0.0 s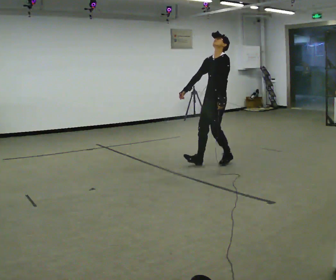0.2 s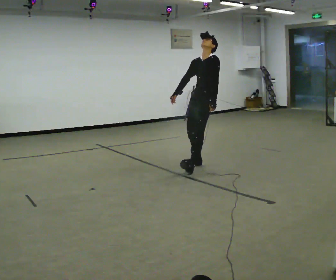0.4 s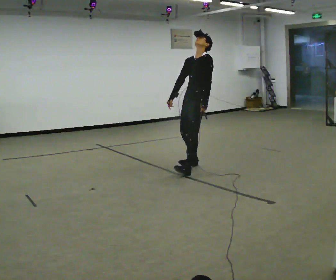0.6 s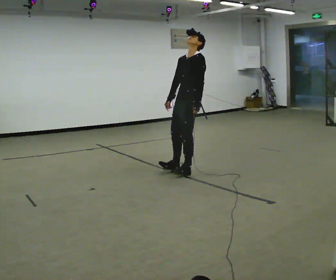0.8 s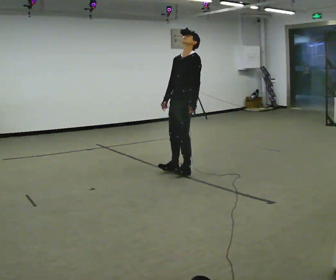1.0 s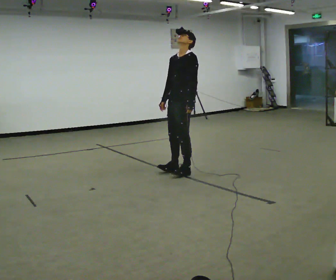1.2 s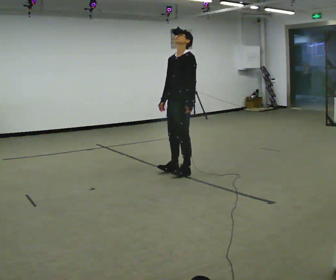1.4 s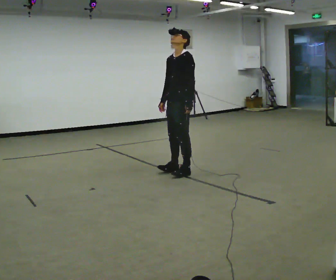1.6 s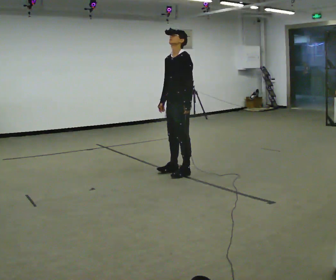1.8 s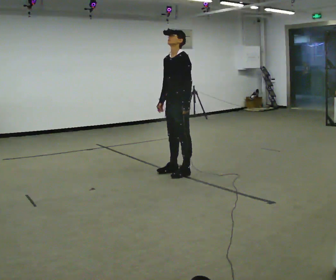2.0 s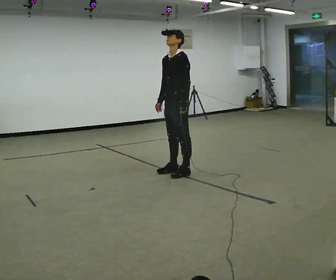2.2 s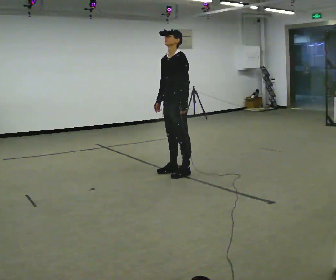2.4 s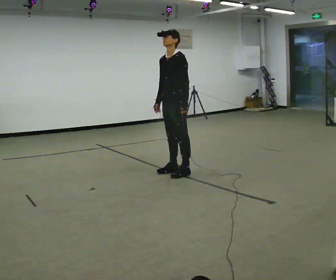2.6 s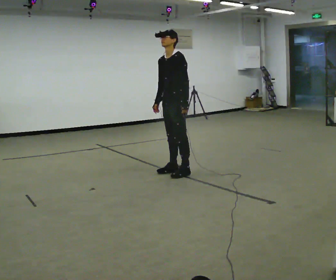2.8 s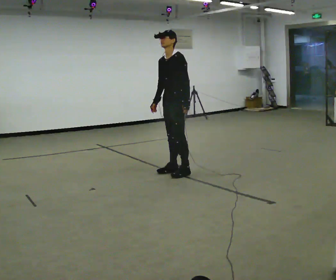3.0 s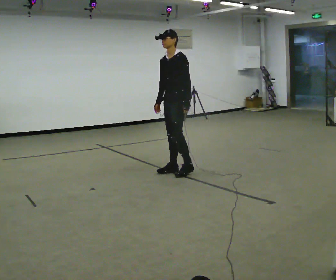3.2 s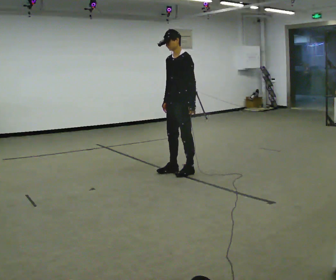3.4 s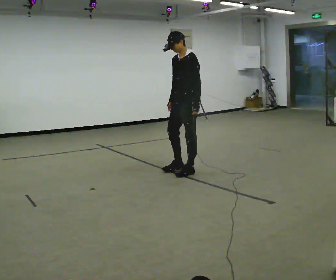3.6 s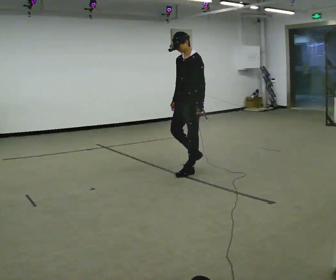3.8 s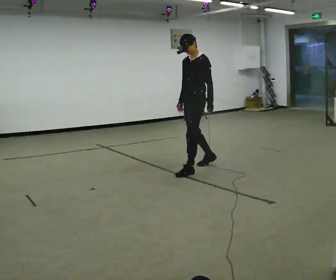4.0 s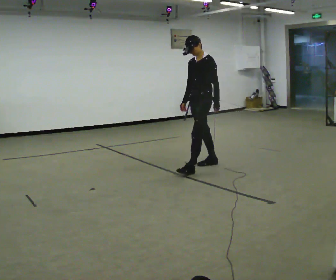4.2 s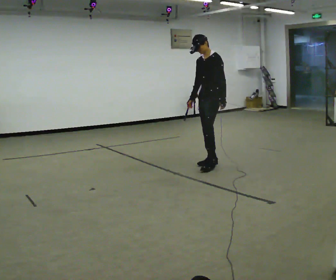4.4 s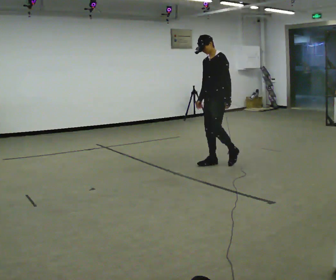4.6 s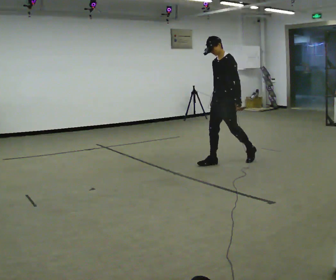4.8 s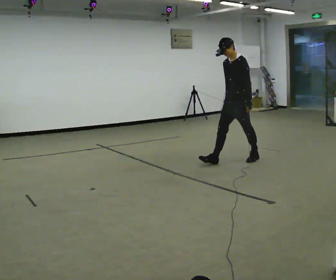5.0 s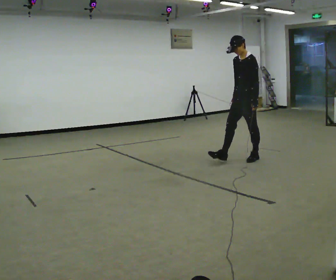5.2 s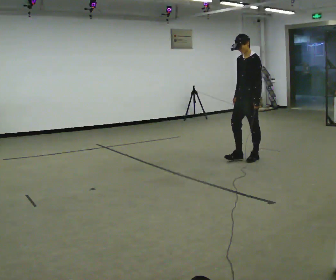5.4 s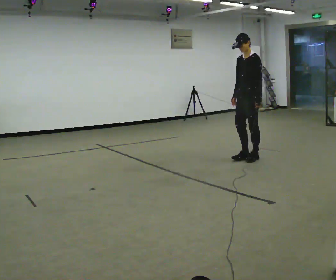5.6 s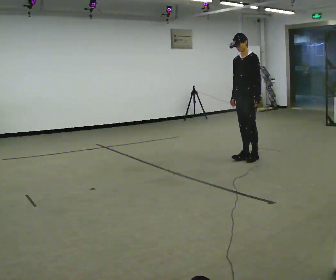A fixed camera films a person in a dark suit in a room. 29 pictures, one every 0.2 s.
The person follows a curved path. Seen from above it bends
counterclockwise.
0.0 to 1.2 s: In the picture they go to the left and toward the camera, about 0.75 m in 1 step, which for them is forward.
1.2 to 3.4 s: The person moves a little, or ends about where they began.
3.4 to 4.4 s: In the picture they go to the right and away from the camera, about 0.5 m in 1 step, which for them is backward.
4.4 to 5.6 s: In the picture they go to the right and away from the camera, about 0.5 m in 1 step, which for them is backward.
The film runs backward here.
